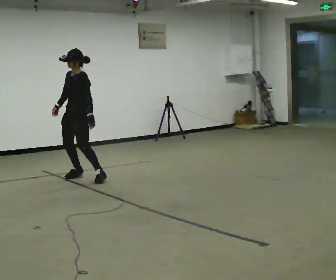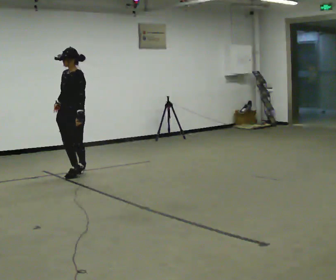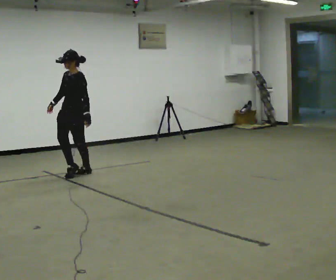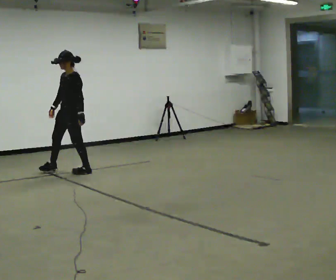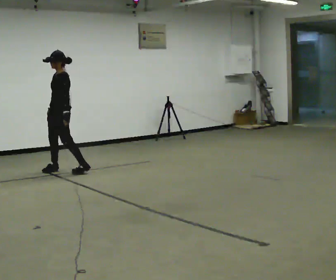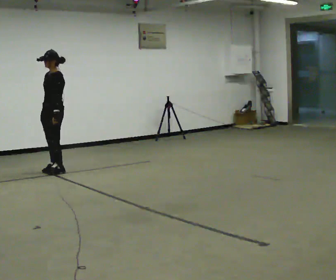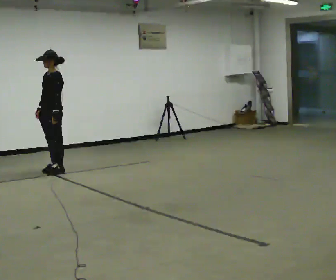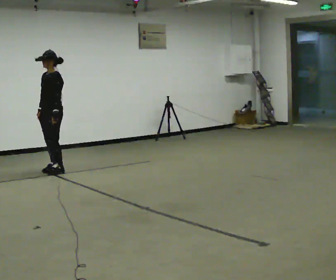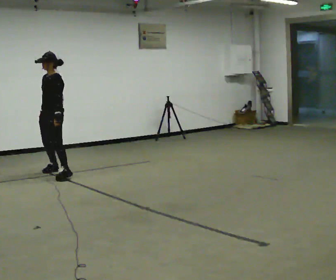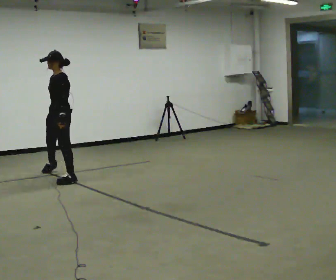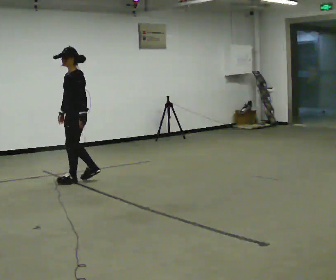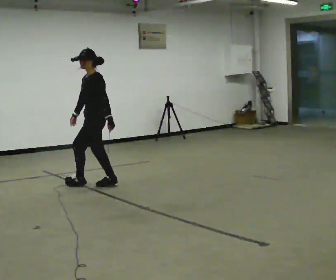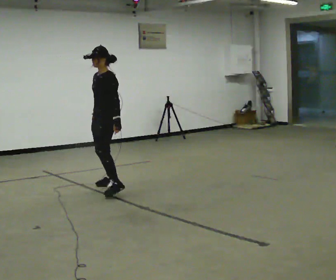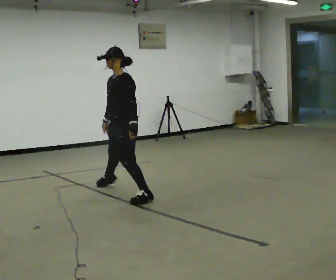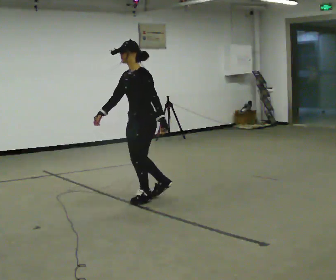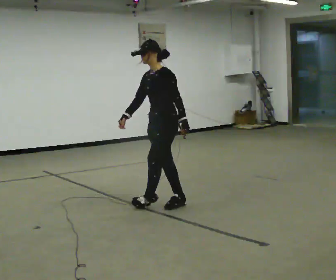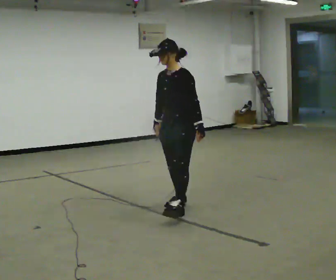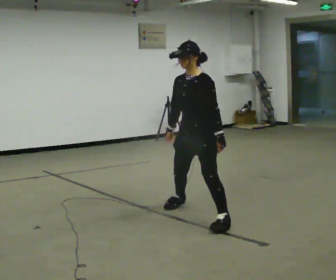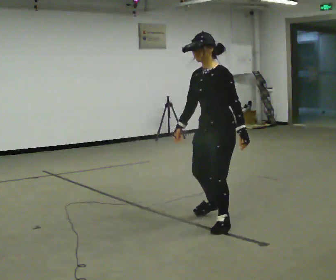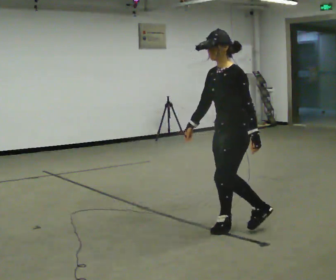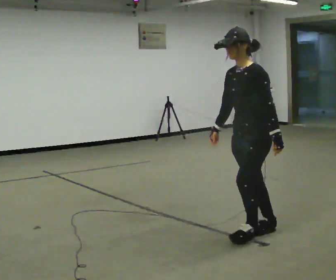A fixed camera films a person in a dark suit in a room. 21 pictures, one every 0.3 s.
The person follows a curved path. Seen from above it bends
counterclockwise.
0.0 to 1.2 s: In the picture they go away from the camera and to the left, about 0.5 m in 2 steps, which for them is to their right.
1.2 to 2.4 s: The person moves a little, or ends about where they began.
2.4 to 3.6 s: In the picture they go toward the camera and to the right, about 1 m in 2 steps, which for them is to their left and backward.
3.6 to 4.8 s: In the picture they go toward the camera and to the right, about 1 m in 2 steps, which for them is to their left.
4.8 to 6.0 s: In the picture they go toward the camera, about 1 m in 2 steps, which for them is to their left.
The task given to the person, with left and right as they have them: Move sideways in the direction the operator calls, crossing one foot in front and then behind, alternating.
The film runs forward here.
